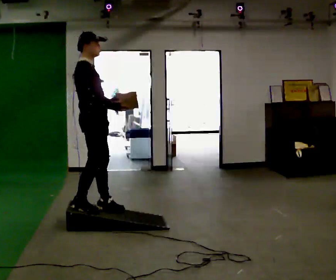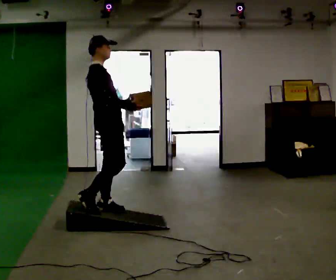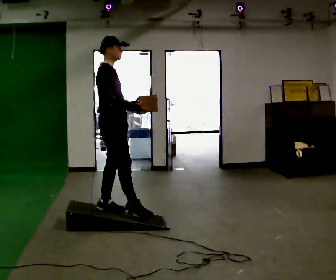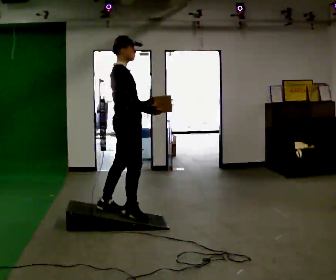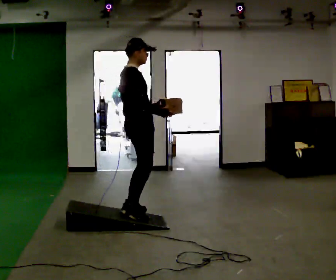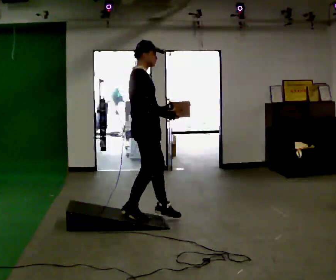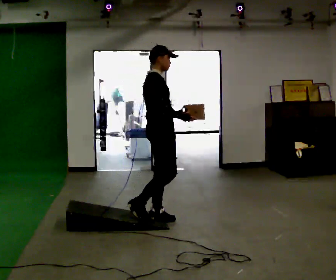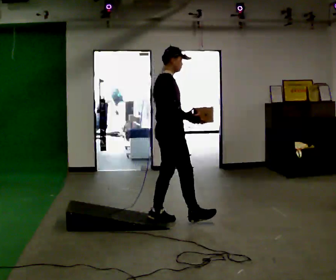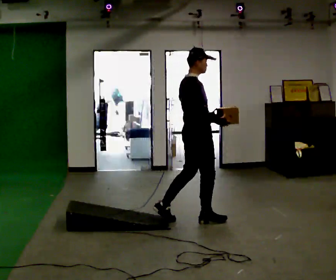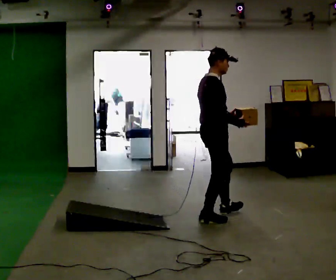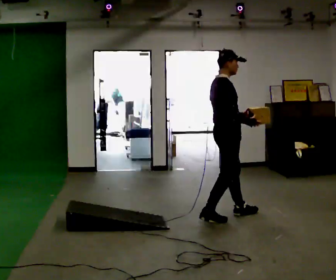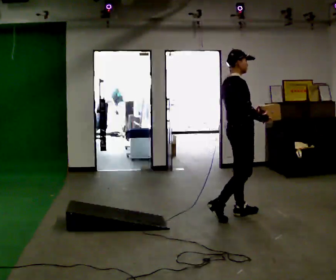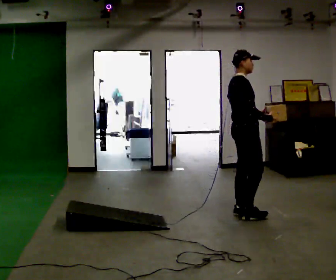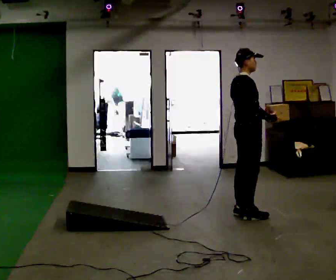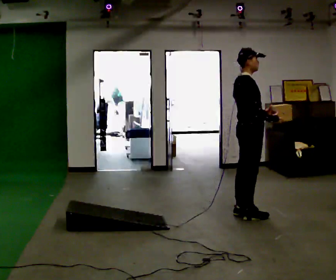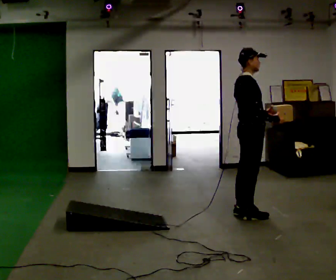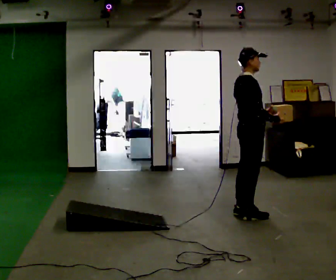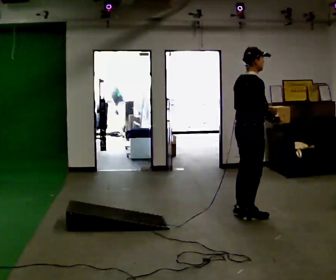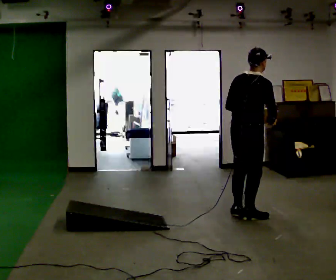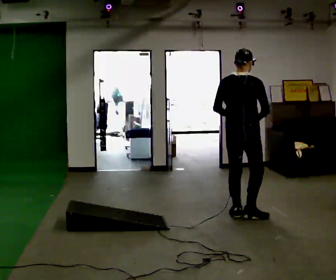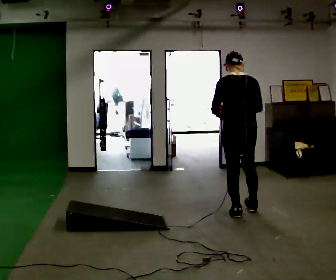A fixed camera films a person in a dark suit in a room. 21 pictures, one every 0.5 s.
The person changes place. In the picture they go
to the right.
0.0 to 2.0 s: In the picture they go to the right, about 0.5 m in 1 step, which for them is forward.
2.0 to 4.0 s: In the picture they go to the right and away from the camera, about 0.5 m in 2 steps, which for them is forward.
4.0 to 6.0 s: In the picture they go to the right and away from the camera, about 0.5 m in 2 steps, which for them is forward.
6.0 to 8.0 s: The person moves a little, or ends about where they began.
8.0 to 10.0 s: The part of the body nearest the lens slides to the right as the person turns to their left by about 90 degrees. In the picture their left hand goes to the left, the arm swinging clockwise.
The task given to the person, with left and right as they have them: Carry the box up the ramp, turn at the top, and carry it back down. Keep going until the operator says stop; one object at a time, and do not rush between trips.
The film runs forward here.
